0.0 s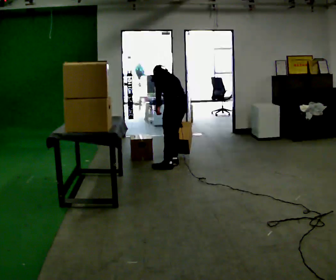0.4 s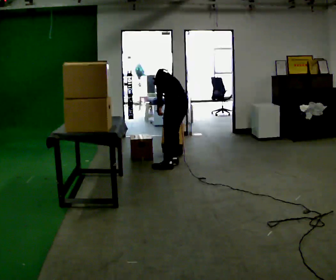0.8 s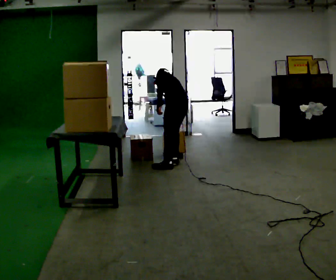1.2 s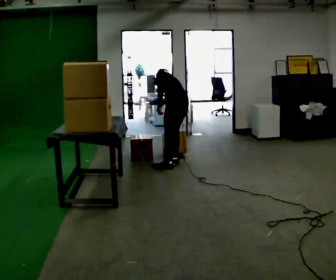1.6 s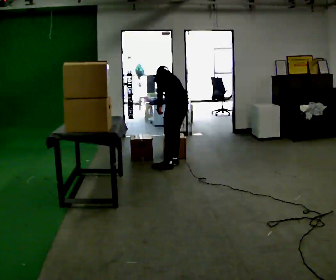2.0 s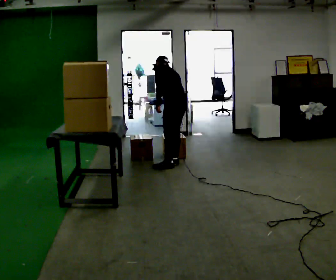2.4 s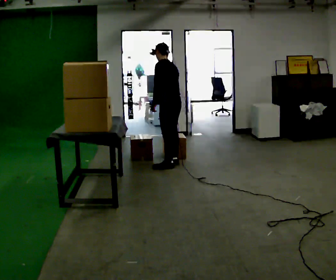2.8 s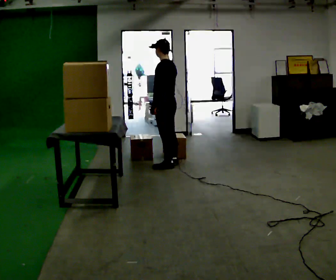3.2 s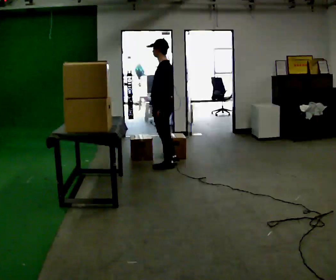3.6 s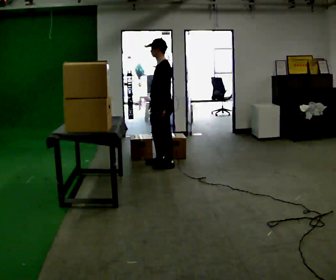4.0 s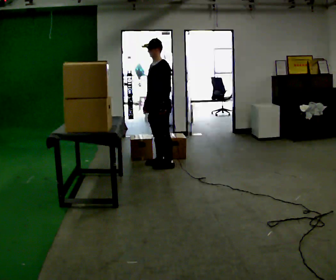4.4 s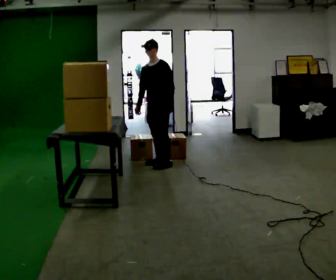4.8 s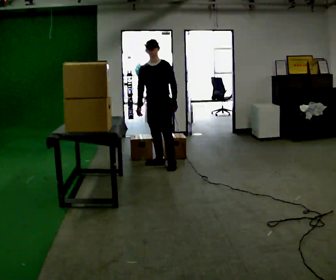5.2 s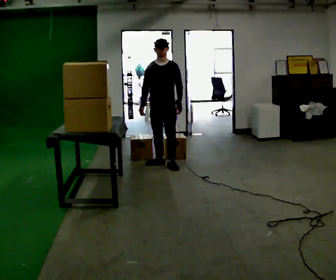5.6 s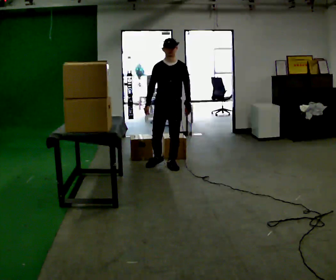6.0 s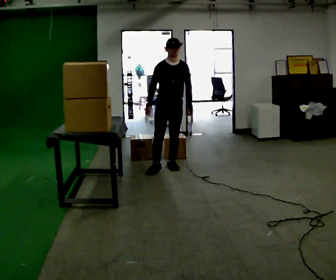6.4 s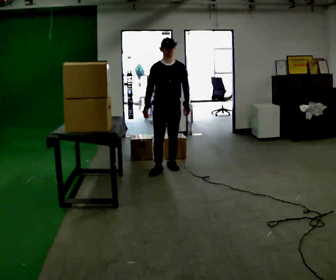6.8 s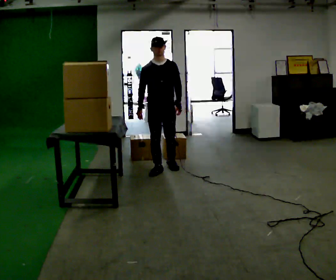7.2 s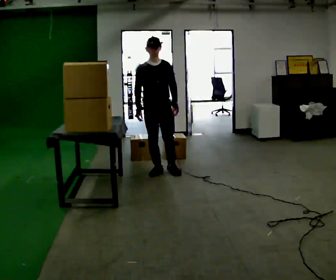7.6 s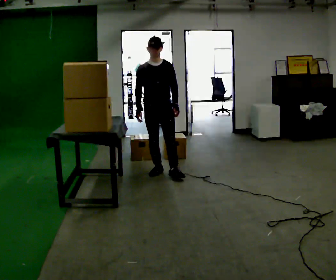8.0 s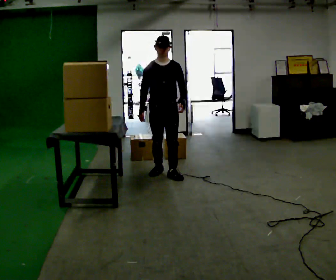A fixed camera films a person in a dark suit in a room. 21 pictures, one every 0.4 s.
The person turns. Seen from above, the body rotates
counterclockwise.
The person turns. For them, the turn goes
to their left.
0.0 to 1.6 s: The person moves a little, or ends about where they began.
1.6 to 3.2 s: The part of the body nearest the lens slides to the right as the person turns to their left by about 30 degrees. In the picture they go to the left, about 0.25 m, which for them is forward. The shoulders move upward. The upper body tips toward the camera, its near side rolling downward, as they lean back or straighten.
3.2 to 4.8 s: Seen from above the body turns counterclockwise, about 75 degrees: to their left, with its near side sliding to the right. In the picture they go away from the camera, about 0.25 m in 1 step. In the picture their right hand goes to the left.
4.8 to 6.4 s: In the picture they go toward the camera, about 0.25 m in 1 step, which for them is forward.
6.4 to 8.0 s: In the picture they go toward the camera, about 0.25 m in 1 step, which for them is forward.
The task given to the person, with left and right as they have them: Take boxes off the top of the stack one at a time and carry them away, walking back for each one. Keep going until the operator says stop; one object at a time, and do not rush between trips.
The film runs forward here.
